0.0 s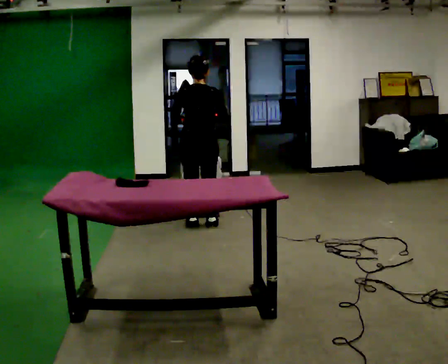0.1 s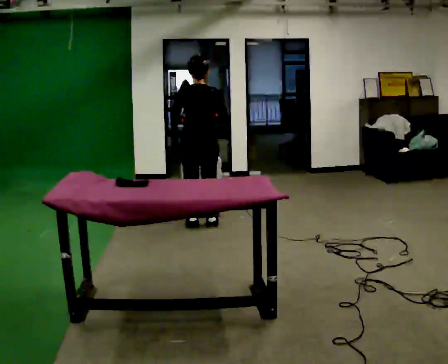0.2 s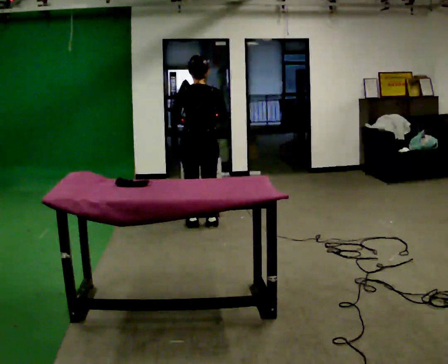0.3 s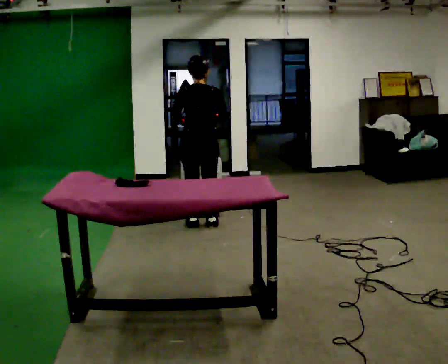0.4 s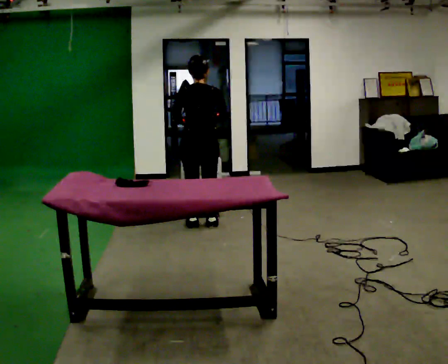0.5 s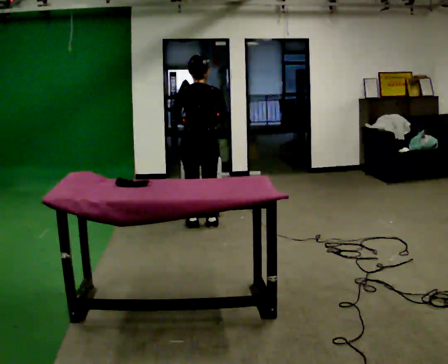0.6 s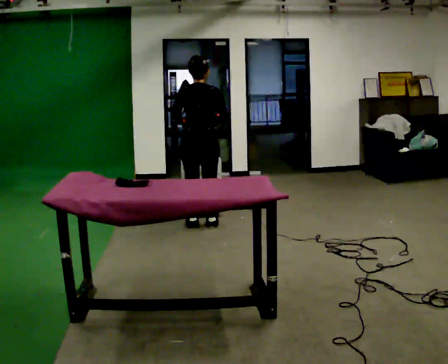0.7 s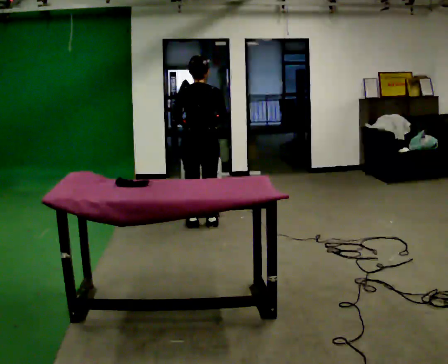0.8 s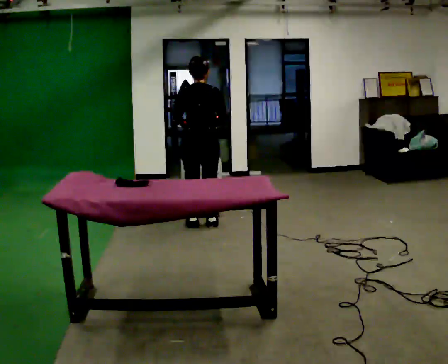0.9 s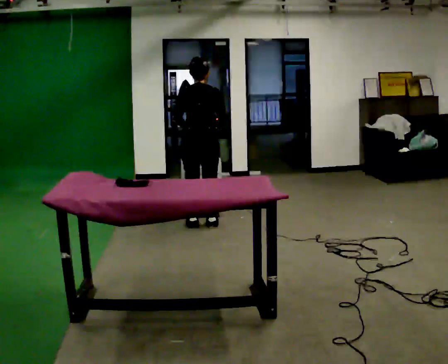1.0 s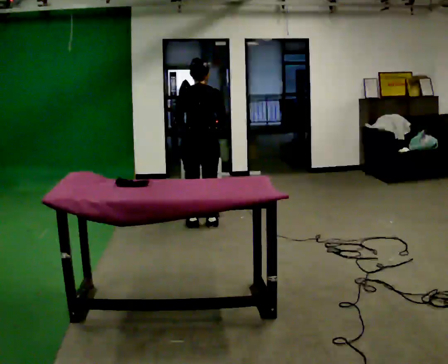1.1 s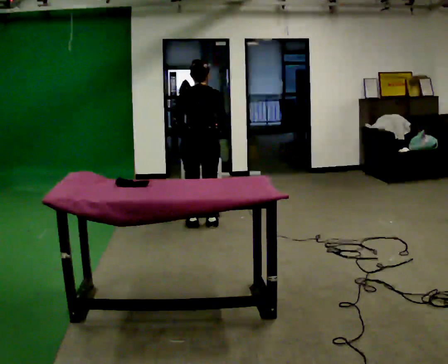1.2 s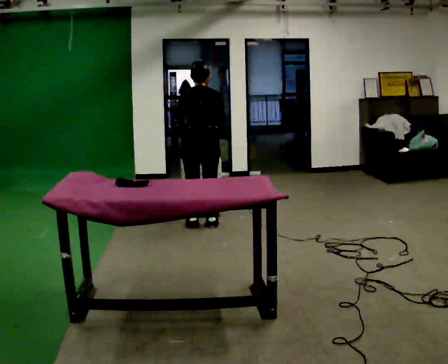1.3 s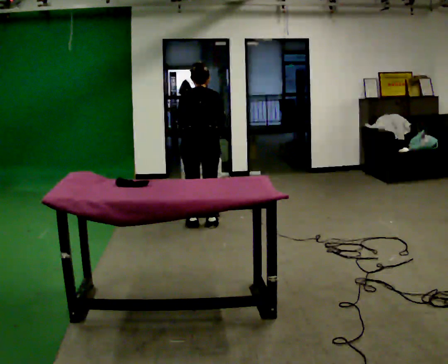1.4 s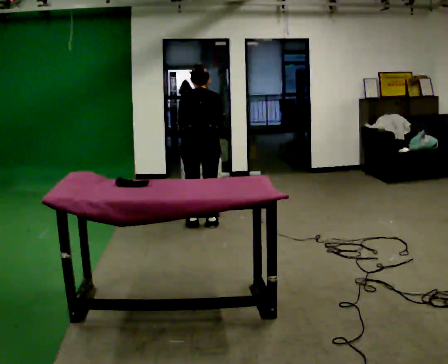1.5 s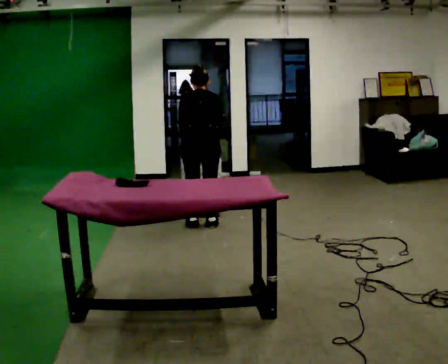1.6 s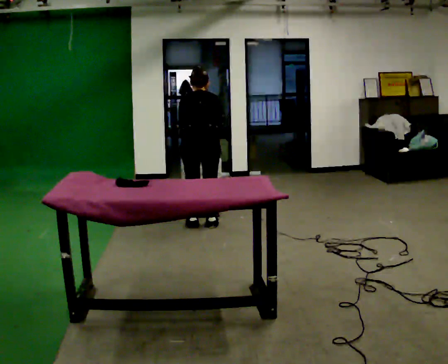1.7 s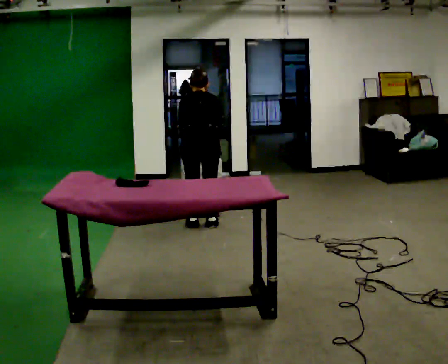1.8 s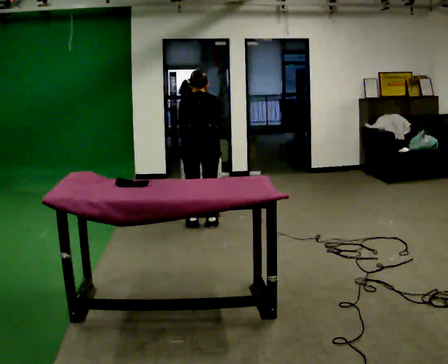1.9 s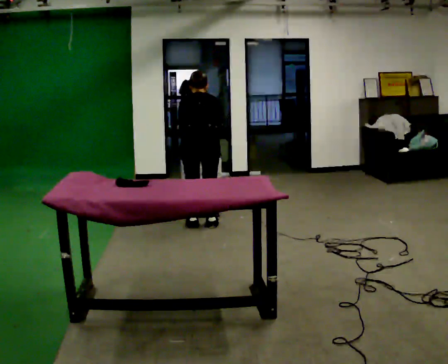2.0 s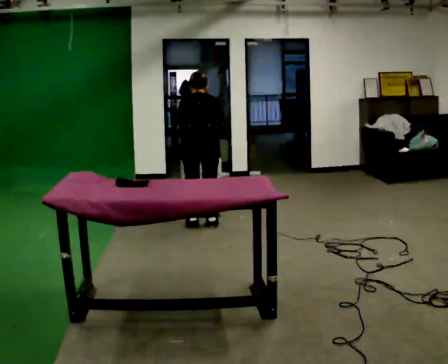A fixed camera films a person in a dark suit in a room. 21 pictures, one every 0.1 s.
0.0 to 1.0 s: The upper body tips away from the camera, its near side rolling upward, as they bend forward.
1.0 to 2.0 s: The upper body tips away from the camera, its near side rolling upward, as they bend forward.
The film runs backward here.
